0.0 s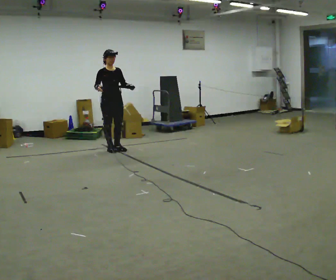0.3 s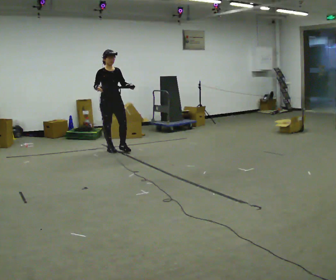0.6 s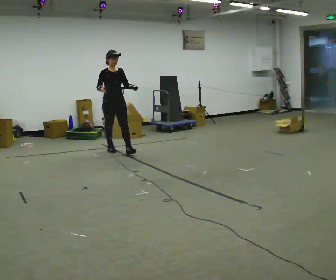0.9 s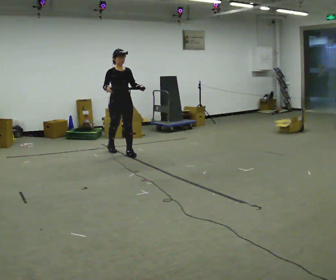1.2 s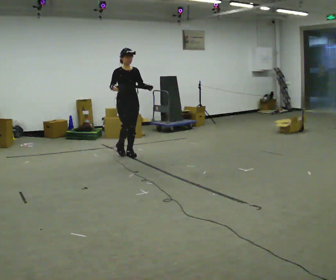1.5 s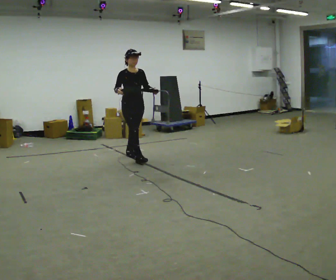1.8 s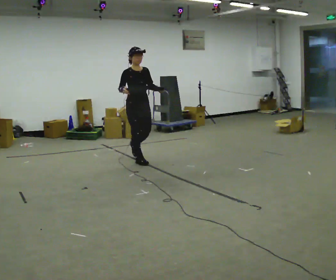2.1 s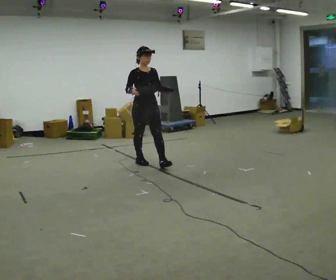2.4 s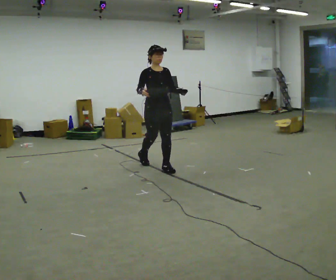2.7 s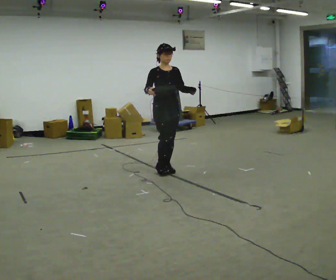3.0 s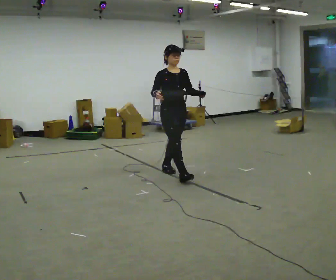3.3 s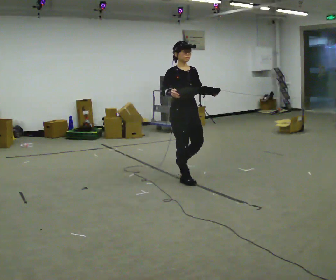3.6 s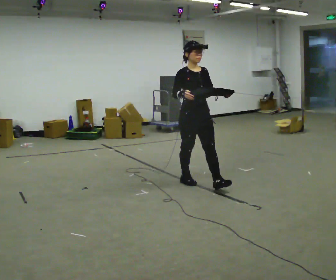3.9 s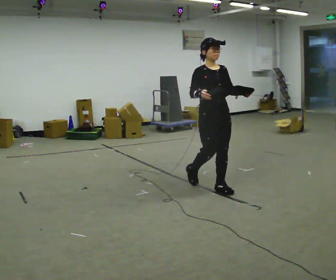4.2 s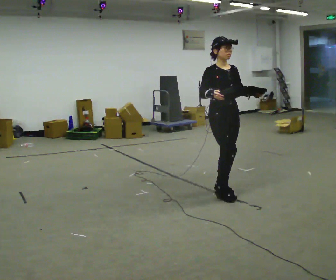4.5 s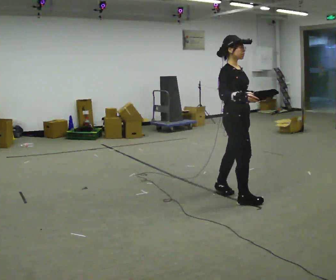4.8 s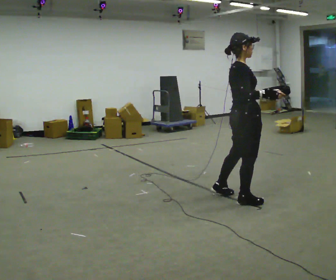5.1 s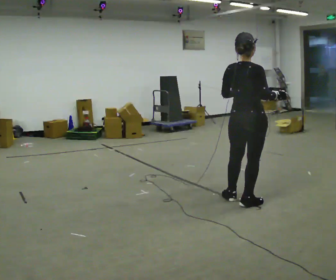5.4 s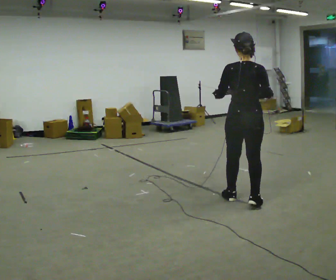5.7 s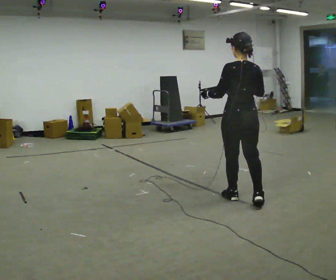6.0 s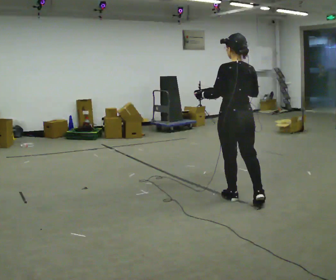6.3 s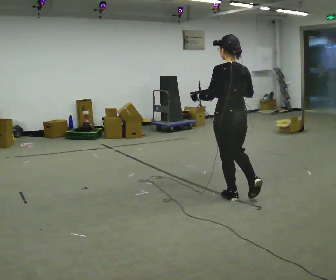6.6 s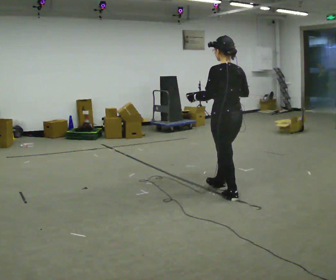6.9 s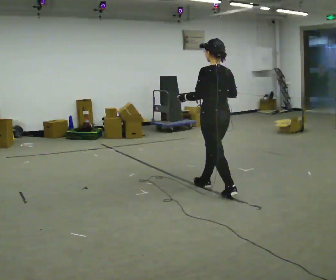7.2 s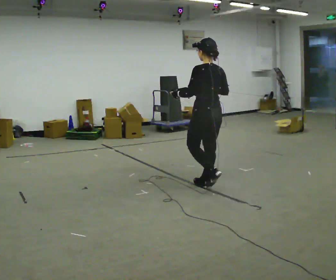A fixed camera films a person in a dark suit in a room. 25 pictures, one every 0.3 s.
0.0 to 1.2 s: In the picture they go to the right and toward the camera, about 0.5 m in 1 step, which for them is forward.
1.2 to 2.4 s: In the picture they go toward the camera and to the right, about 1 m in 2 steps, which for them is forward.
2.4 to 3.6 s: In the picture they go toward the camera and to the right, about 1 m in 1 step, which for them is forward.
3.6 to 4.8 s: Seen from above the body turns counterclockwise, about 60 degrees: to their left, with its near side sliding to the right. In the picture they go toward the camera and to the right, about 1 m in 2 steps.
4.8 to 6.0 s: The person turns about 105 degrees to their left, counterclockwise seen from above, so the part of the body nearest the lens slides to the right.
6.0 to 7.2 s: In the picture they go away from the camera and to the left, about 0.5 m in 1 step, which for them is forward.
The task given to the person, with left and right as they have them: Carry the box with its lid hanging open across the room, back and forth.
The film runs forward here.
